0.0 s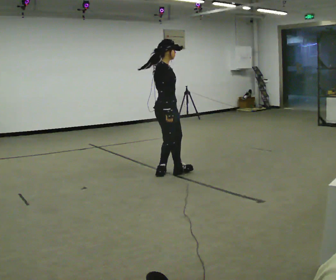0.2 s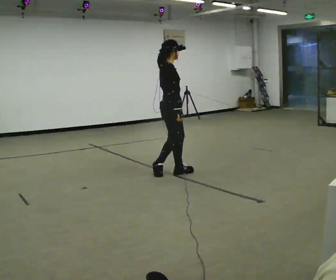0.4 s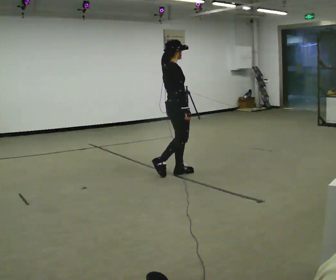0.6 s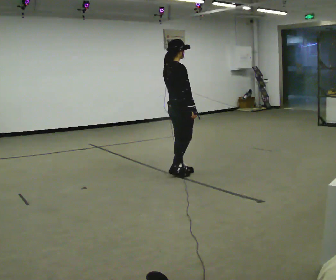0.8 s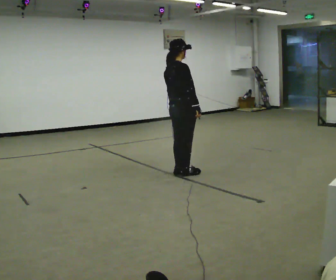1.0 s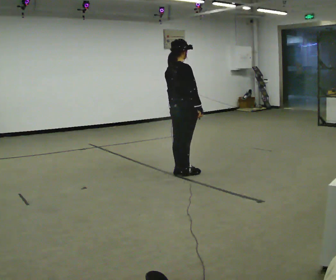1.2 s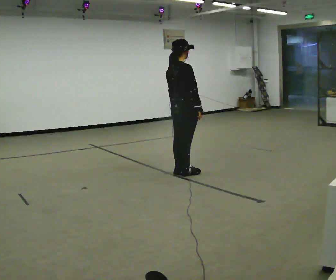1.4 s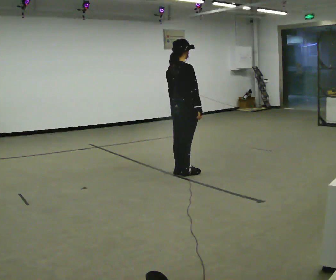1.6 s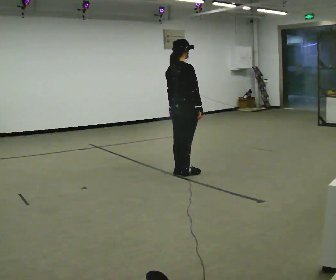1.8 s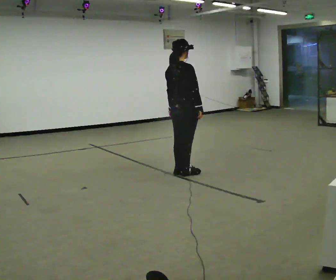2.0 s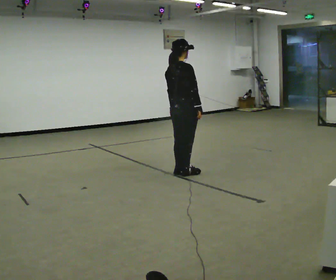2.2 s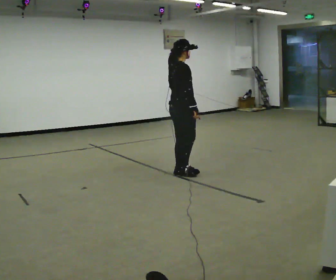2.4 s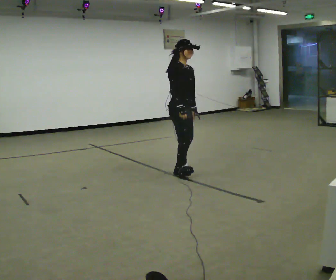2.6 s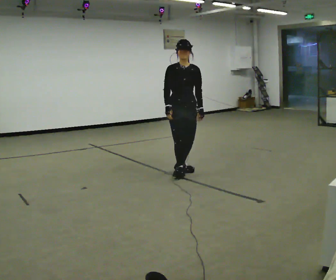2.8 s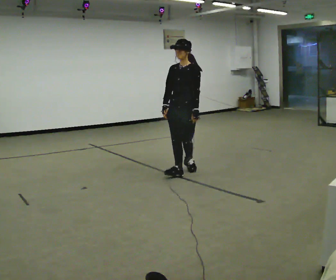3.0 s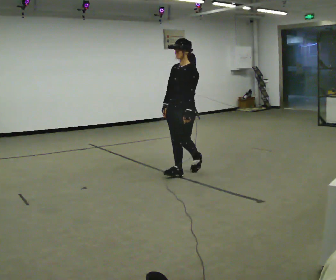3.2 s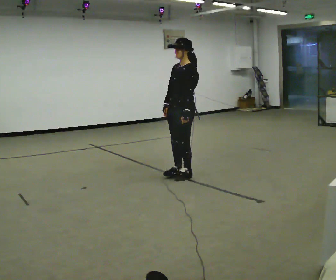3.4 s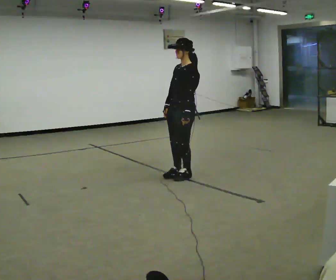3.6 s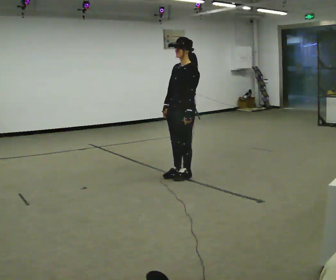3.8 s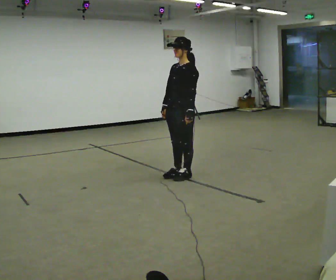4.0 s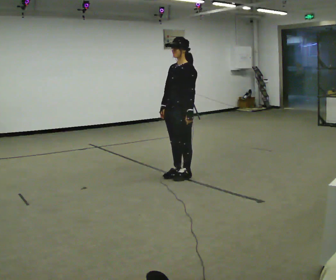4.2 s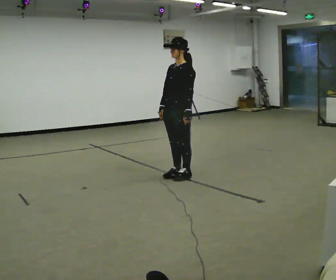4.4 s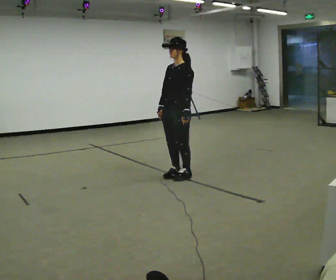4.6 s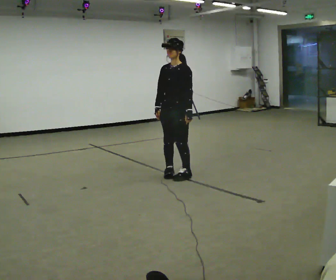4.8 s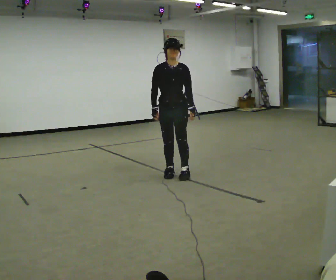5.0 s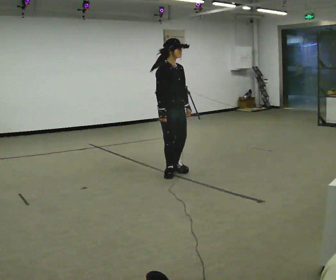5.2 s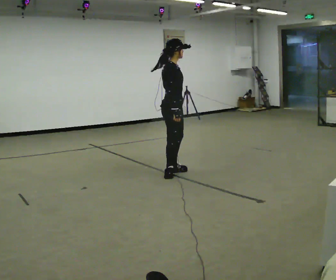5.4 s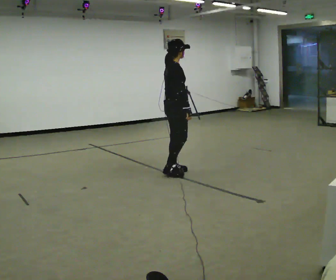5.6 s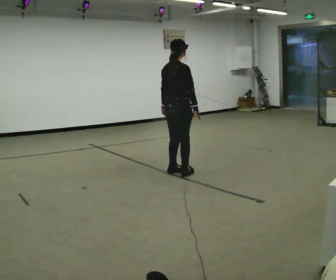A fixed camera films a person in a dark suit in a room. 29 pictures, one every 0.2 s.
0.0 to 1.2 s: The part of the body nearest the lens slides to the right as the person turns to their left by about 60 degrees. In the picture they go to the right, about 0.25 m in 1 step, which for them is forward. In the picture their right hand goes to the right.
1.2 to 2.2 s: The person moves a little, or ends about where they began.
2.2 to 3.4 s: The part of the body nearest the lens slides to the left as the person turns to their right by about 165 degrees. In the picture their right hand goes to the left, the arm swinging clockwise.
3.4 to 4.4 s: The person moves a little, or ends about where they began.
4.4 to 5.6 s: The part of the body nearest the lens slides to the right as the person turns to their left by about 180 degrees. In the picture they go away from the camera, about 0.25 m in 2 steps. In the picture their right hand goes to the right, the arm swinging counterclockwise.
The film runs forward here.
